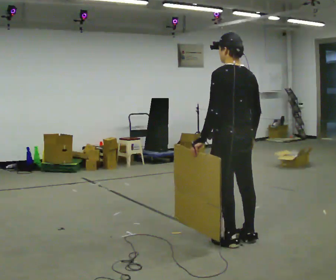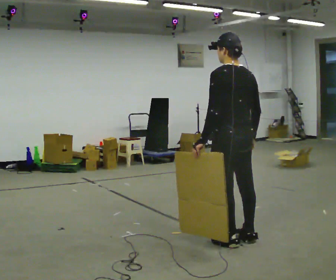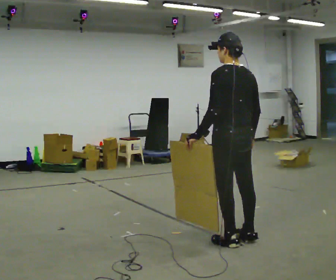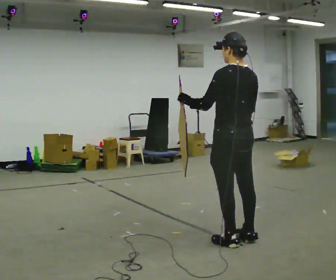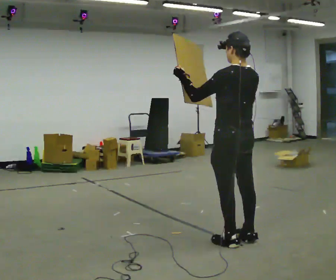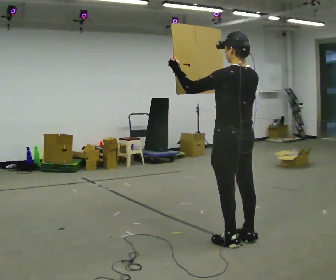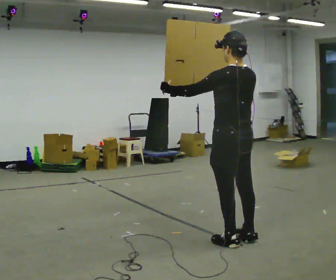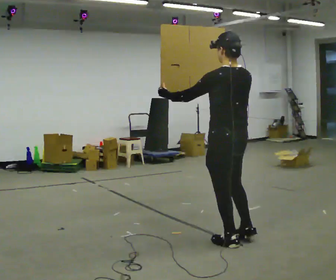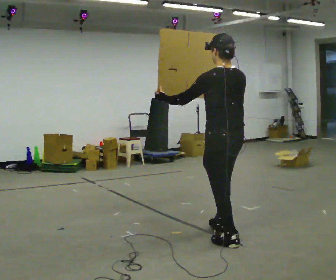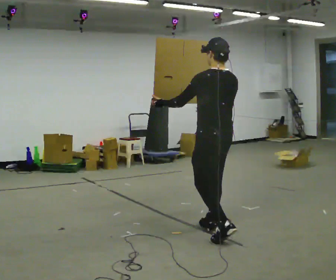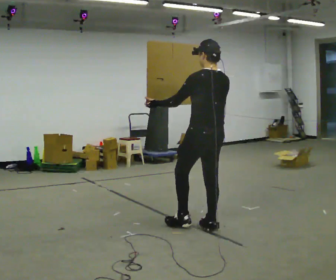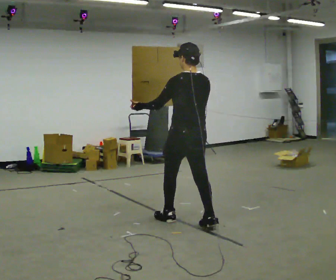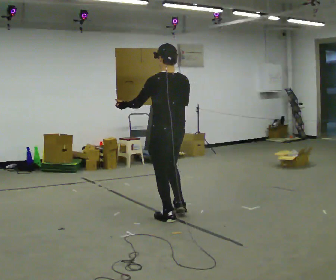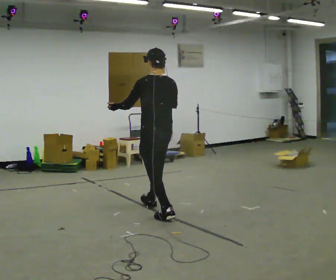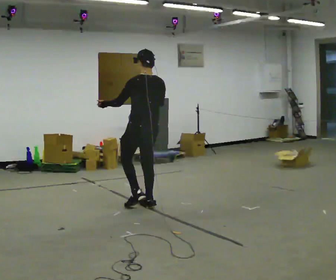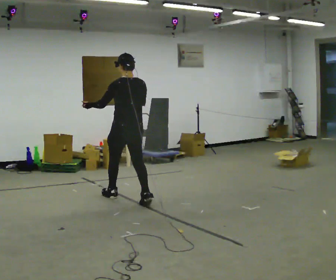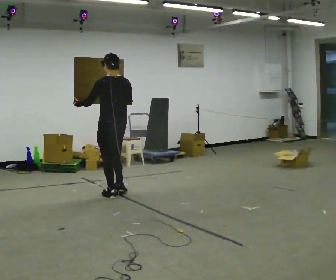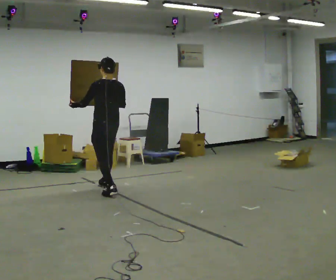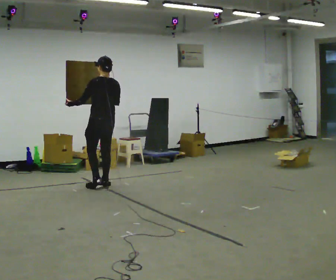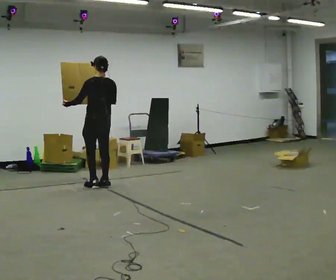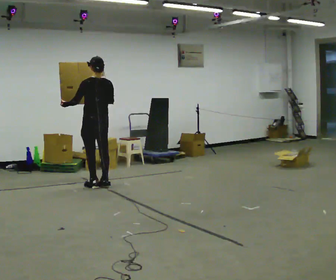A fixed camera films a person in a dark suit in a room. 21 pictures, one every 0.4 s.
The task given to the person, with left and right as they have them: Carry the large panel across the room. It will block your view ahead, so take whatever route feels safe. Keep going until the operator says stop; one object at a time, and do not rush between trips.
0.0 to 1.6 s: In the picture their left hand goes upward, the arm swinging clockwise.
1.6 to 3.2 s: The person moves a little, or ends about where they began.
3.2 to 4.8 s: In the picture they go away from the camera and to the left, about 1 m in 2 steps, which for them is forward.
4.8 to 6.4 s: In the picture they go to the left and away from the camera, about 1 m in 2 steps, which for them is forward.
6.4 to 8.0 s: In the picture they go away from the camera and to the left, about 0.75 m in 2 steps, which for them is forward.
The film runs forward here.
